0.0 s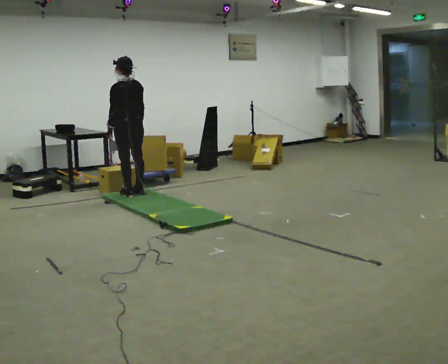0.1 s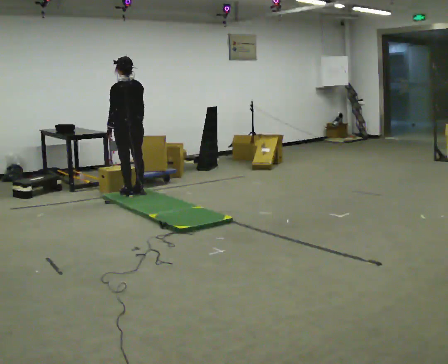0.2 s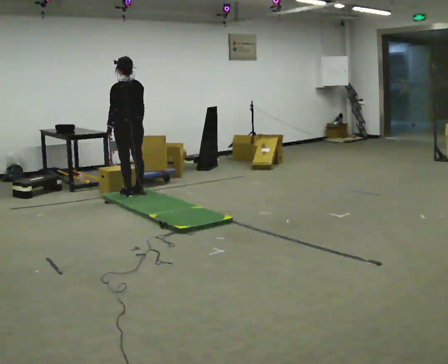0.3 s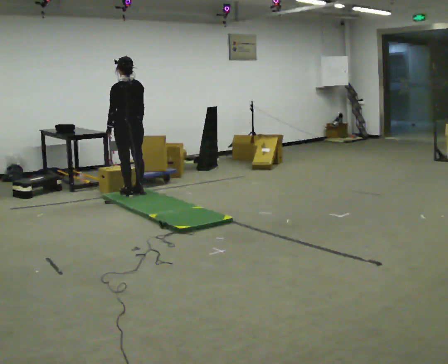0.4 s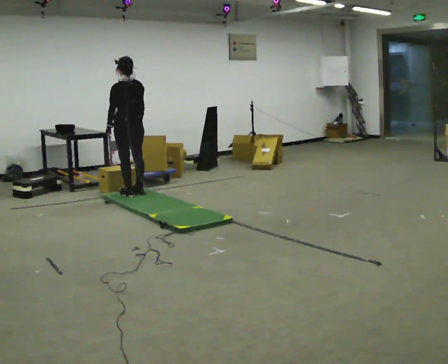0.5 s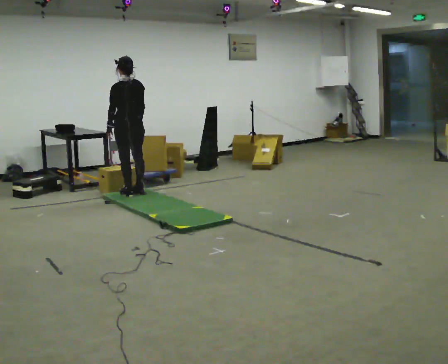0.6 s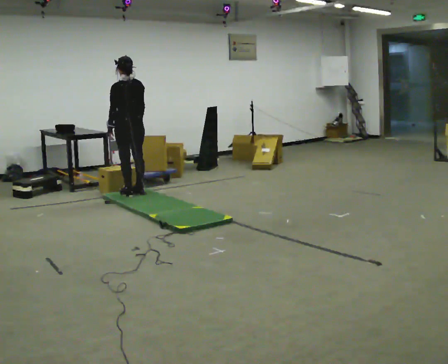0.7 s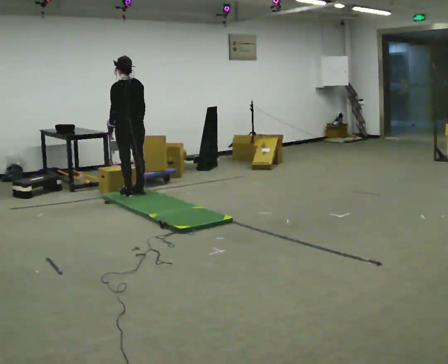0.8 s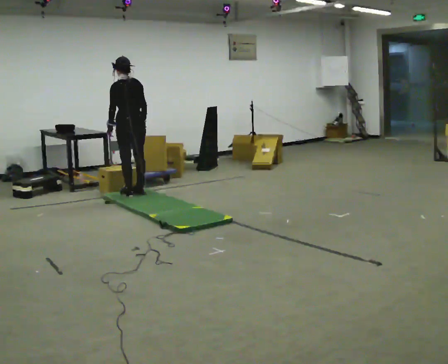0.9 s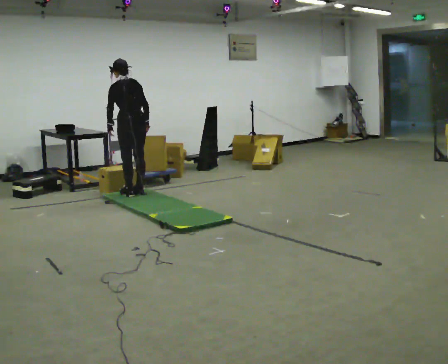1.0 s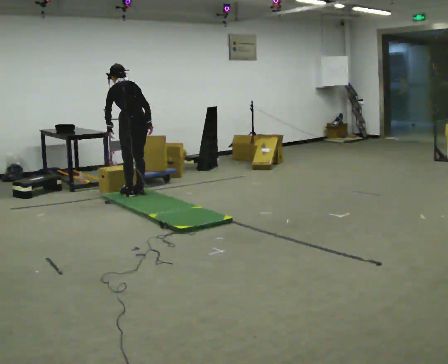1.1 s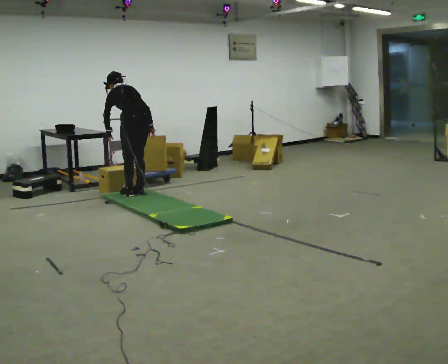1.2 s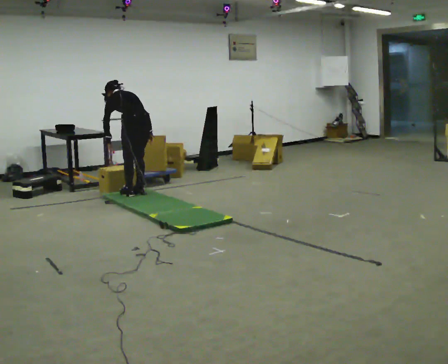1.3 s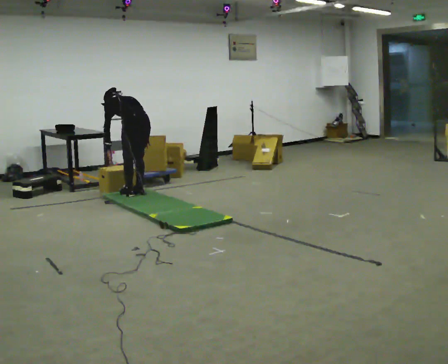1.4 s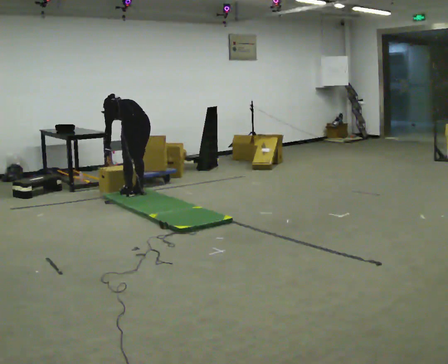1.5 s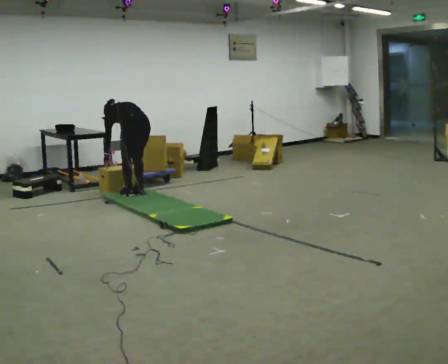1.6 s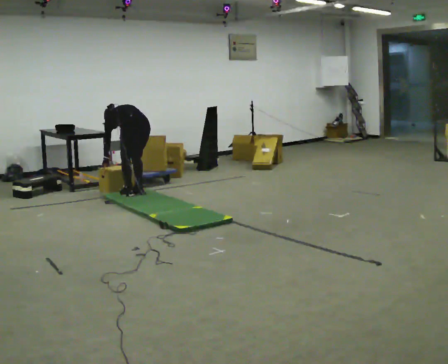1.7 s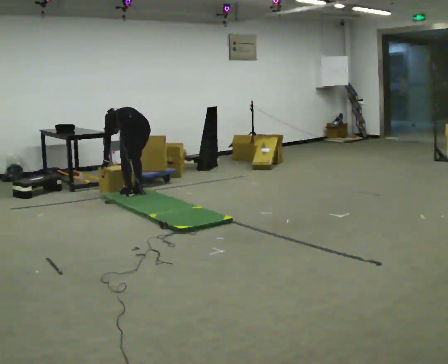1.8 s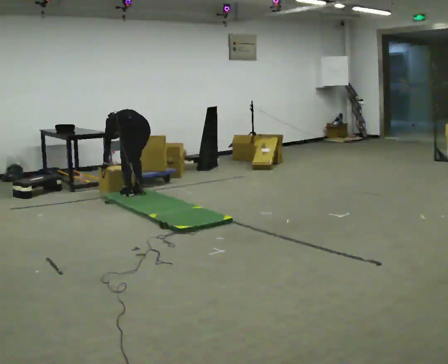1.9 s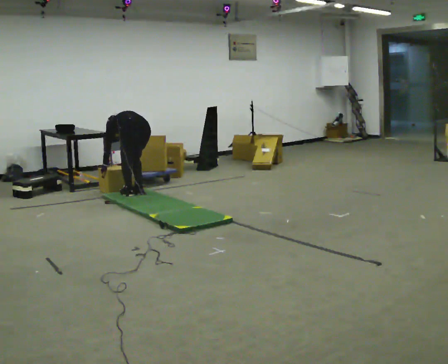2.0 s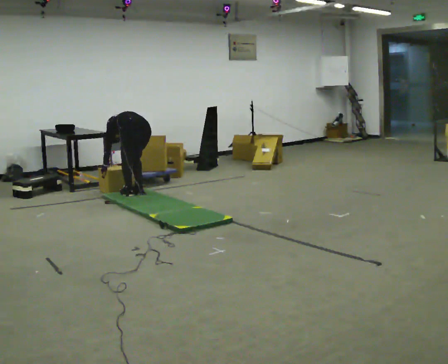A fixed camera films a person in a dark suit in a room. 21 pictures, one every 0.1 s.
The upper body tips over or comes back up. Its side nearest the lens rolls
upward.
Their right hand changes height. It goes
downward.
0.0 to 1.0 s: The upper body tips away from the camera, its near side rolling upward, as they bend forward.
1.0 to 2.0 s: The shoulders move downward. The upper body tips away from the camera, its near side rolling upward, as they bend forward. In the picture their right hand goes downward.
The film runs backward here.
